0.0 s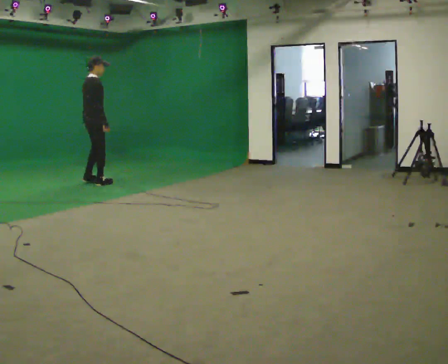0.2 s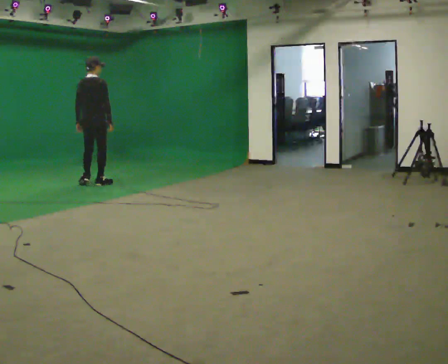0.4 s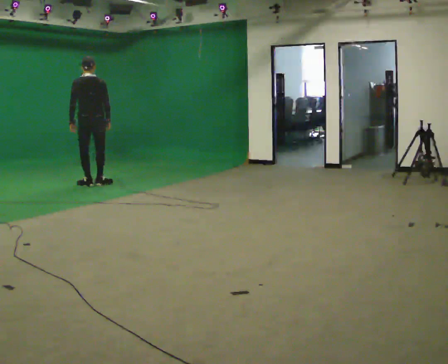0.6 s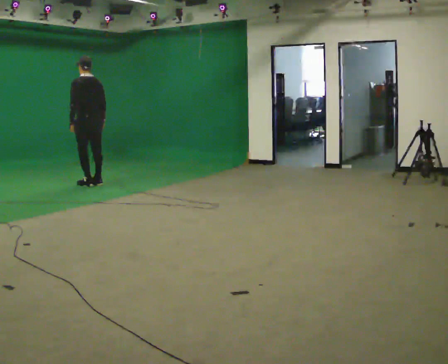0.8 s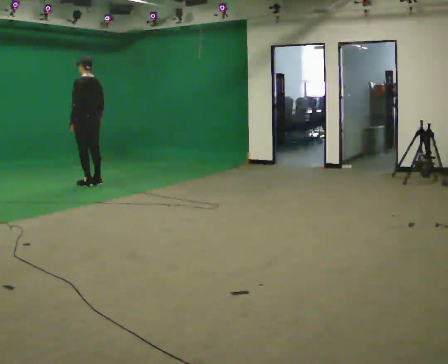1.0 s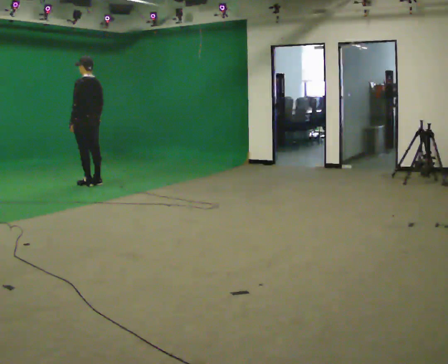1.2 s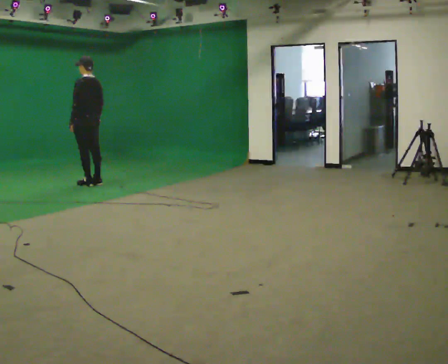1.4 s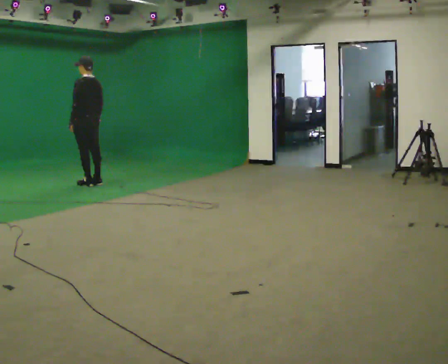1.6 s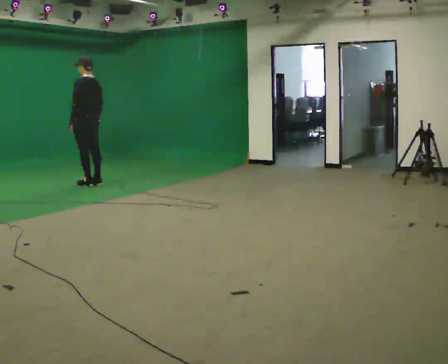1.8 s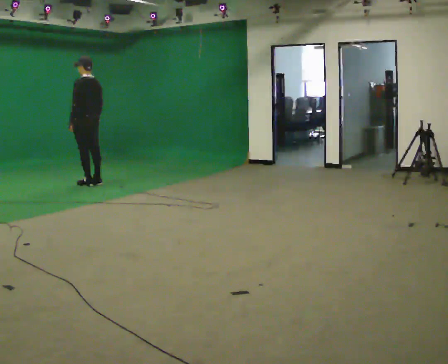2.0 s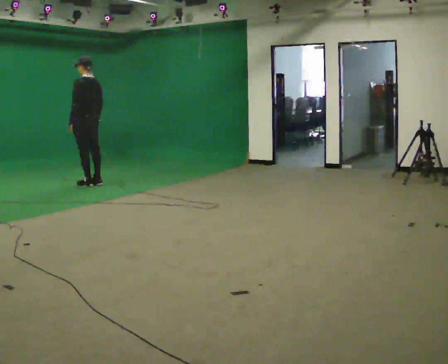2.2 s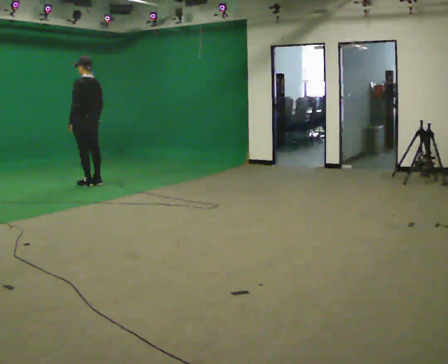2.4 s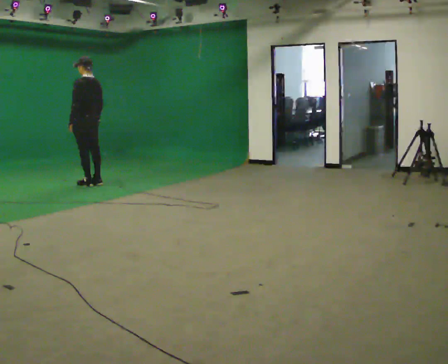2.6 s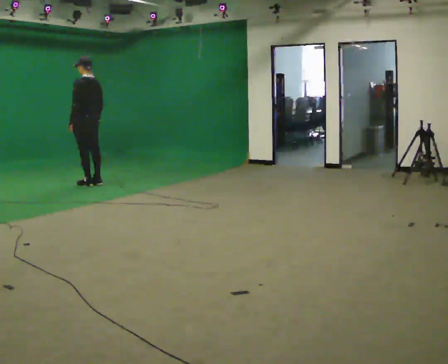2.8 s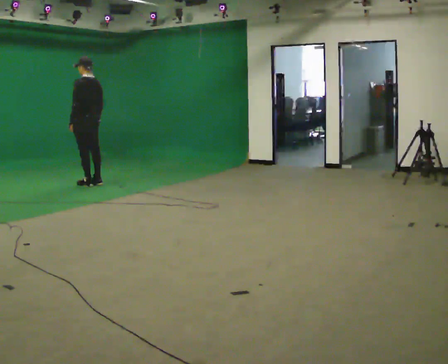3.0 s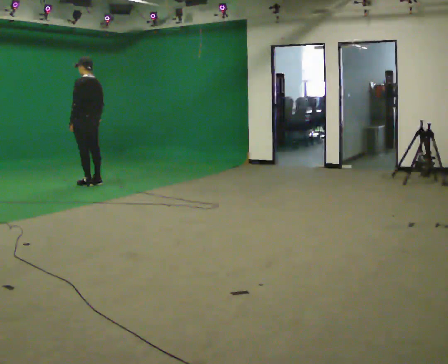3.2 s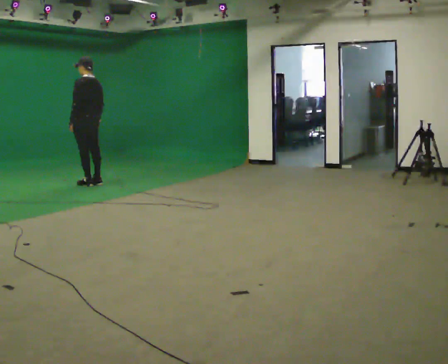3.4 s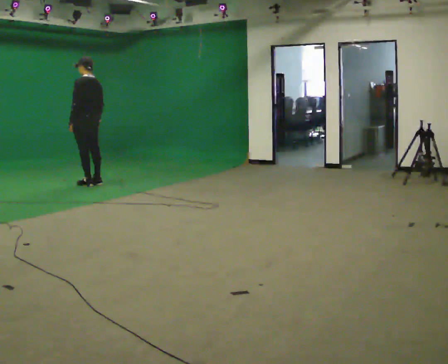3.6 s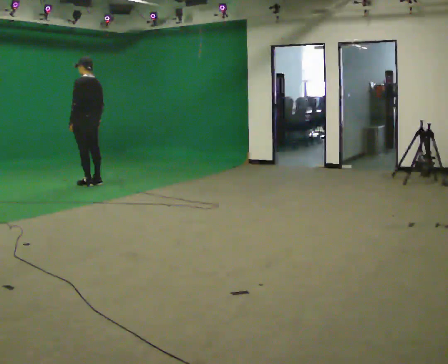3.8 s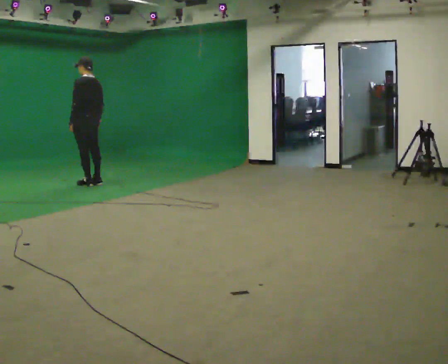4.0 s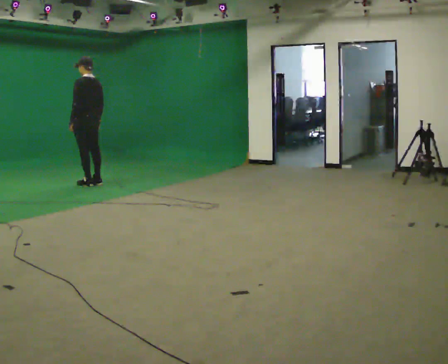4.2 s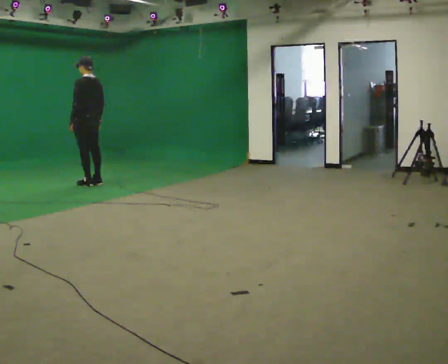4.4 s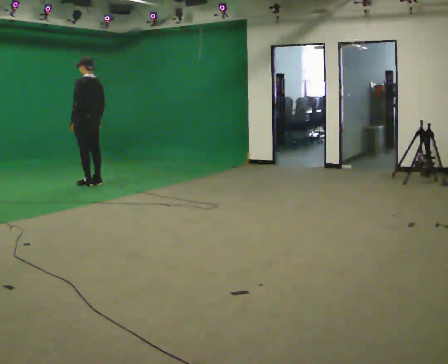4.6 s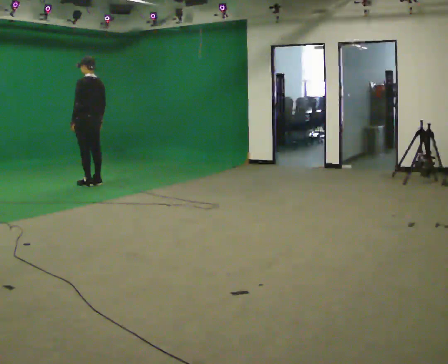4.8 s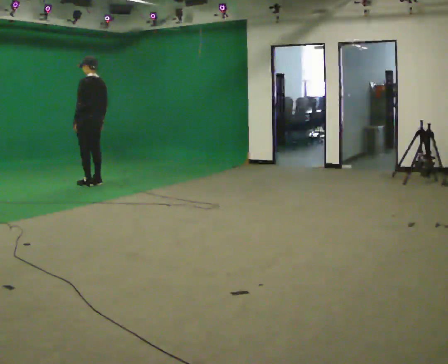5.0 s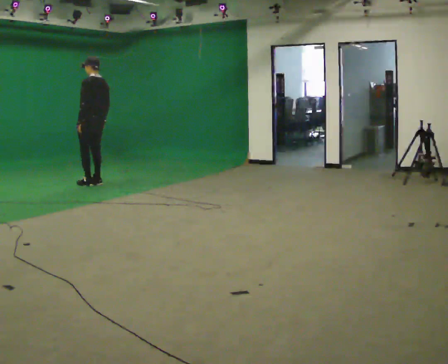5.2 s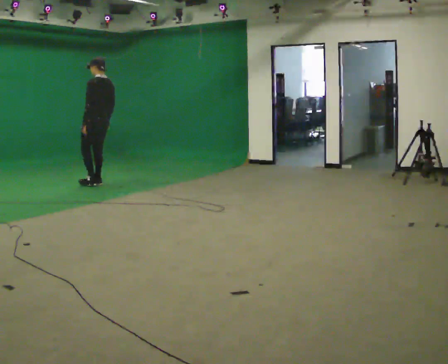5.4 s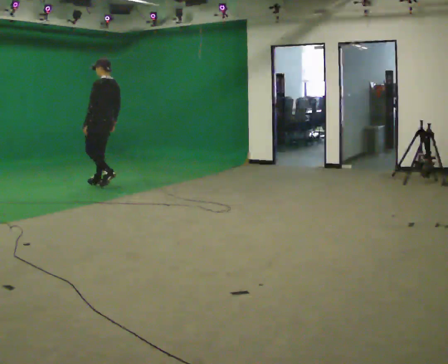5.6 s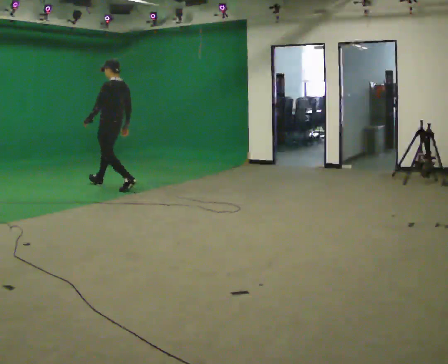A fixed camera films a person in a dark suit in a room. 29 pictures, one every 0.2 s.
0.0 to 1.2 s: The person turns about 120 degrees to their left, counterclockwise seen from above, so the part of the body nearest the lens slides to the right.
1.2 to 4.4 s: The person moves a little, or ends about where they began.
4.4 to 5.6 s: In the picture they go to the right and toward the camera, about 0.5 m in 1 step, which for them is backward.
The film runs backward here.
